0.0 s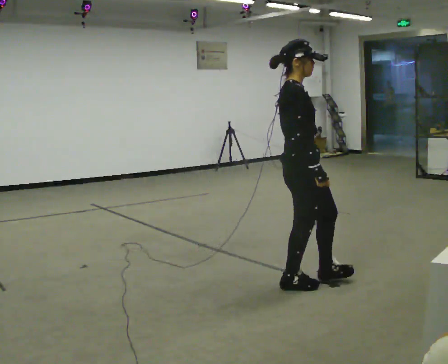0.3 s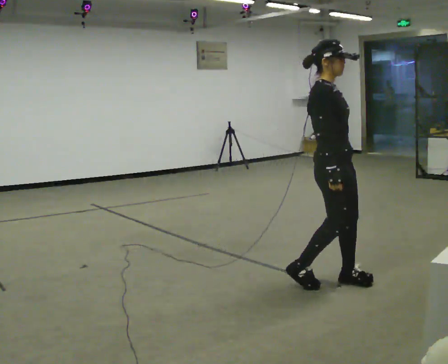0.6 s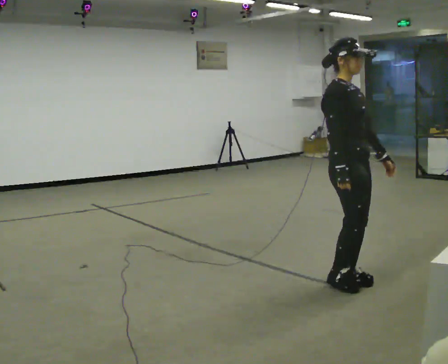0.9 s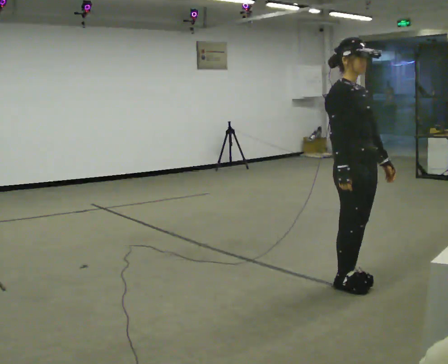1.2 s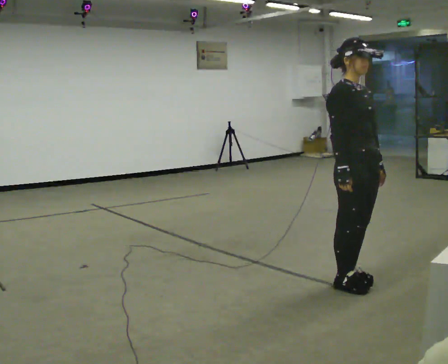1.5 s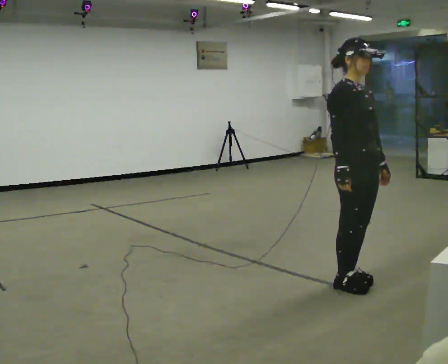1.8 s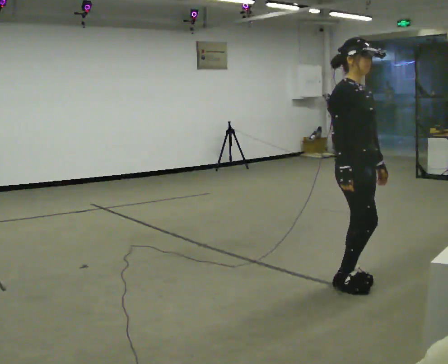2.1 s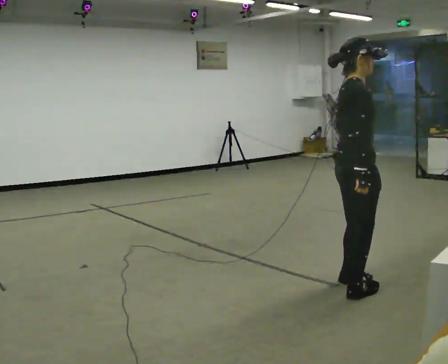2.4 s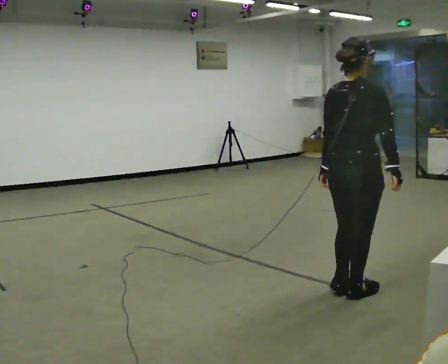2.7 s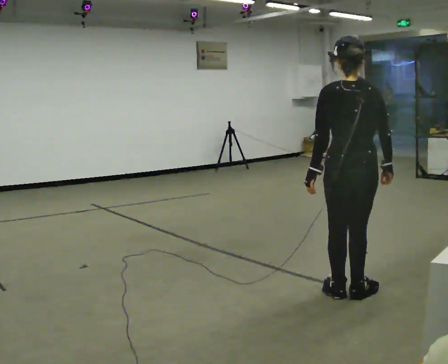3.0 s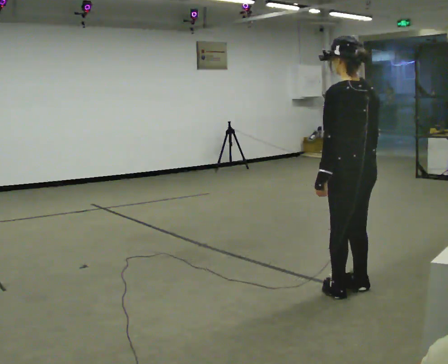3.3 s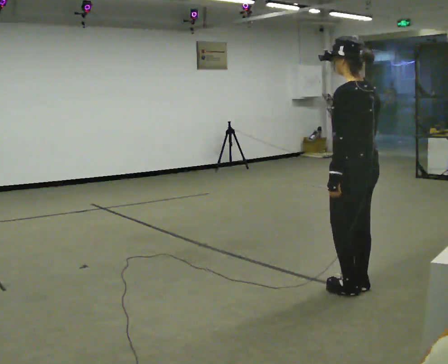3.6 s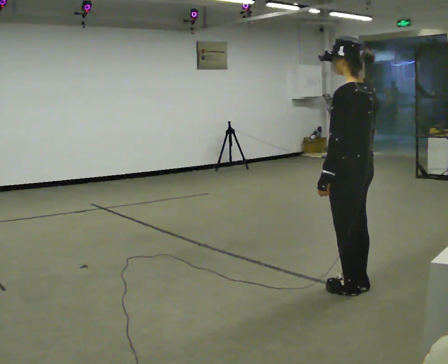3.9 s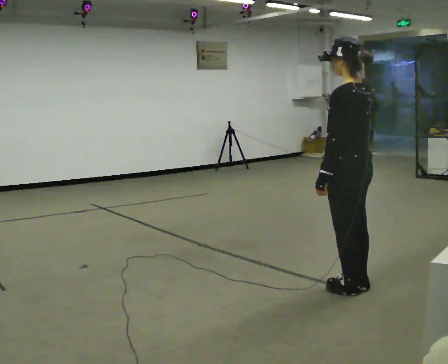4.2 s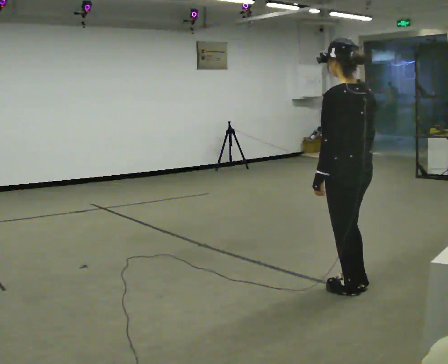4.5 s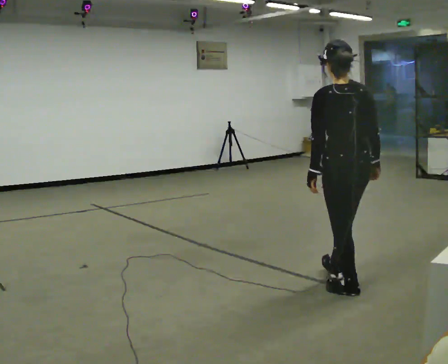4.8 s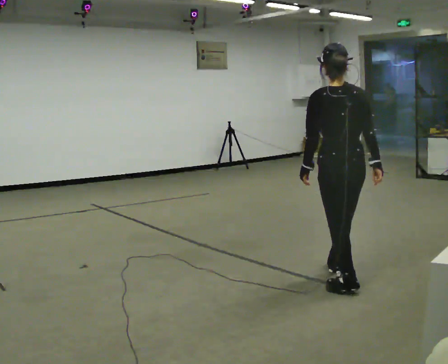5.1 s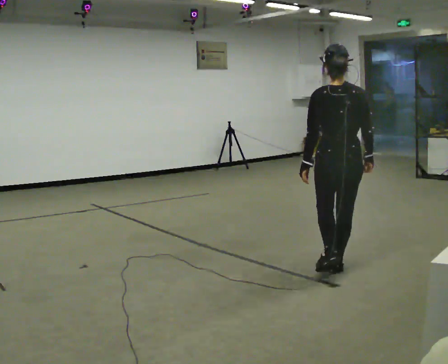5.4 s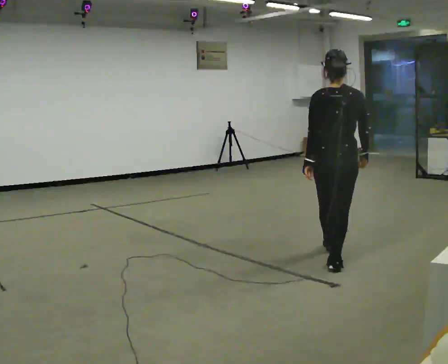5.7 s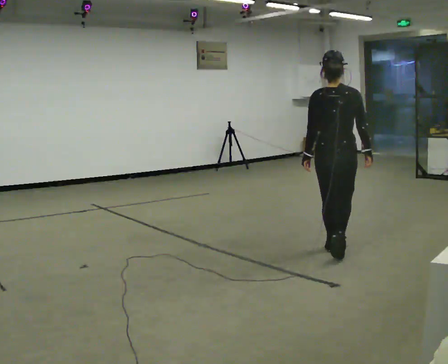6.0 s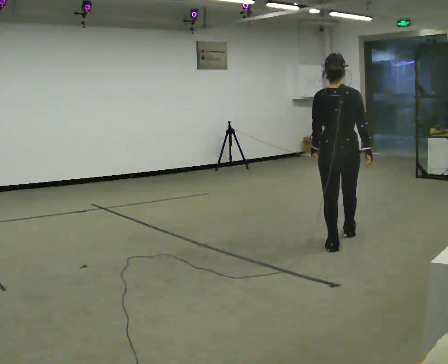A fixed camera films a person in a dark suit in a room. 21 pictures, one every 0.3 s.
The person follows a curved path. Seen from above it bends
counterclockwise.
0.0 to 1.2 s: The person turns about 30 degrees to their right, clockwise seen from above, so the part of the body nearest the lens slides to the left. In the picture they go to the right, about 0.25 m in 2 steps, which for them is forward and to their left.
1.2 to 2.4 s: The part of the body nearest the lens slides to the right as the person turns to their left by about 105 degrees. In the picture their left hand goes to the left, the arm swinging clockwise.
2.4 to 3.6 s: The part of the body nearest the lens slides to the right as the person turns to their left by about 75 degrees.
3.6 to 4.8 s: The part of the body nearest the lens slides to the left as the person turns to their right by about 45 degrees. In the picture they go away from the camera, about 0.25 m in 1 step, which for them is forward.
4.8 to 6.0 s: In the picture they go away from the camera, about 1 m in 1 step, which for them is forward.
The film runs forward here.
